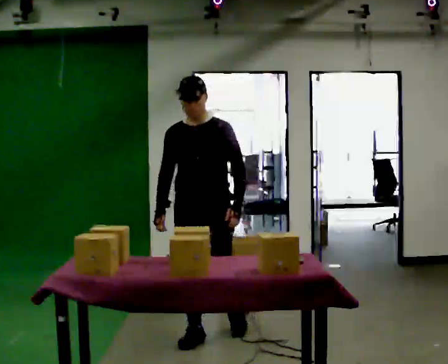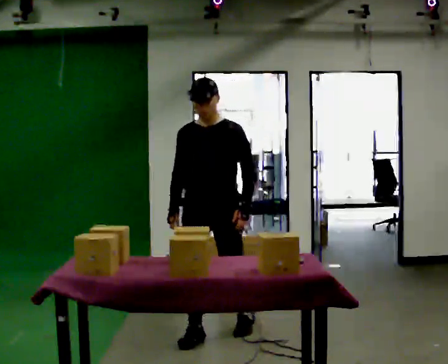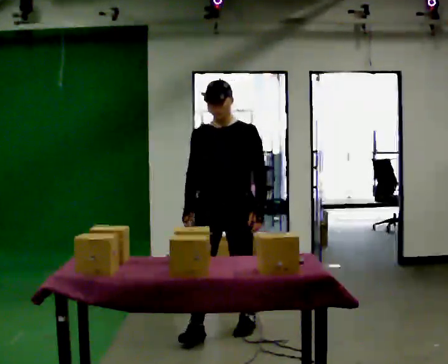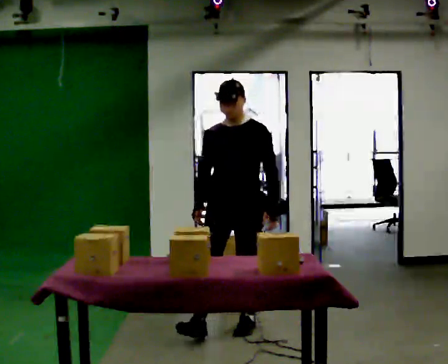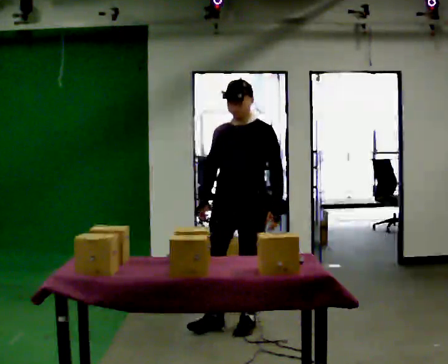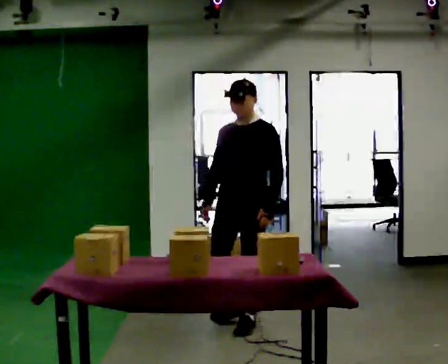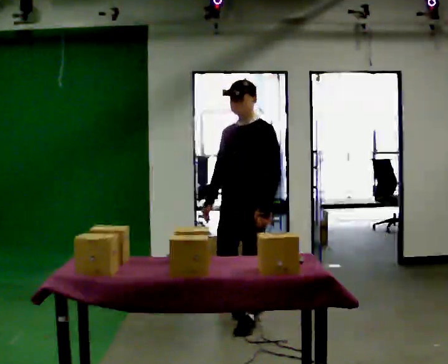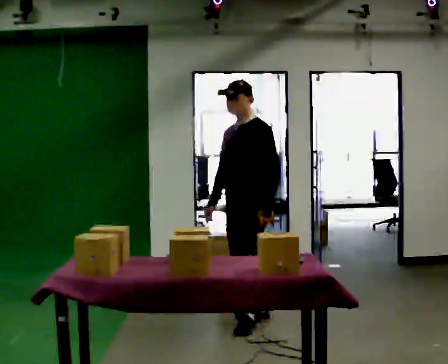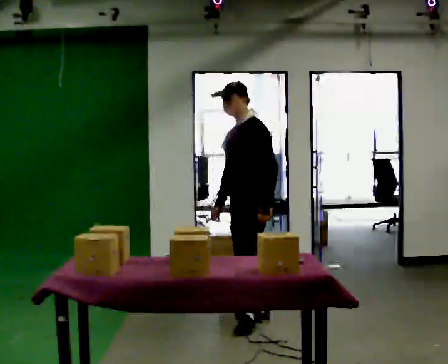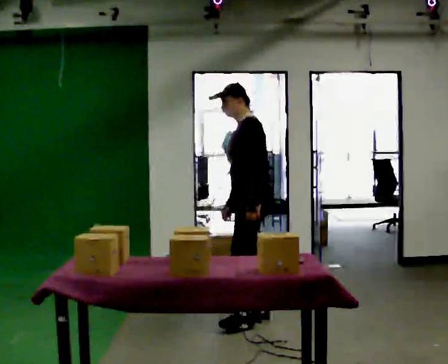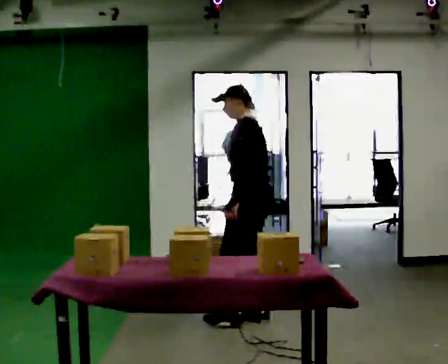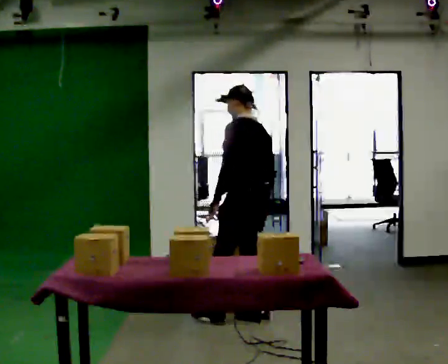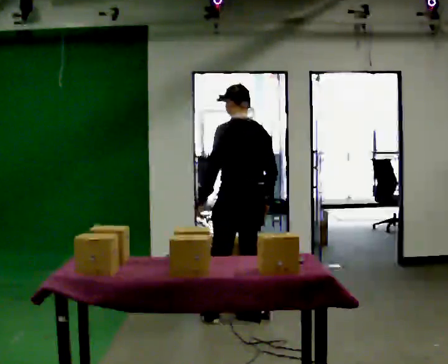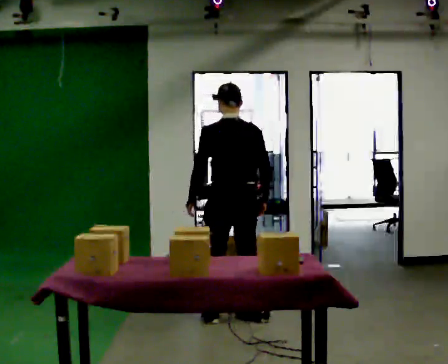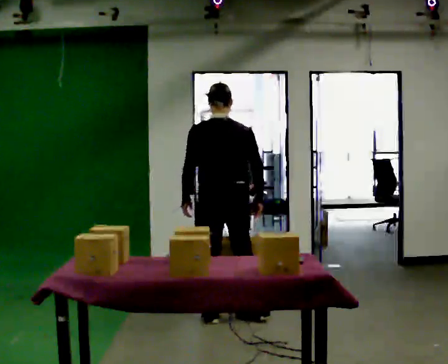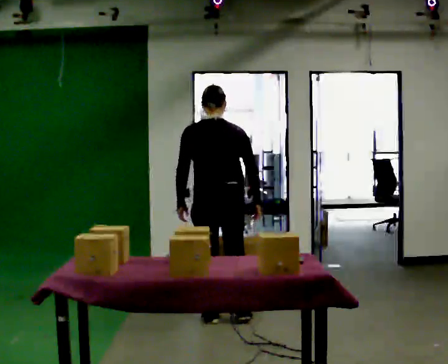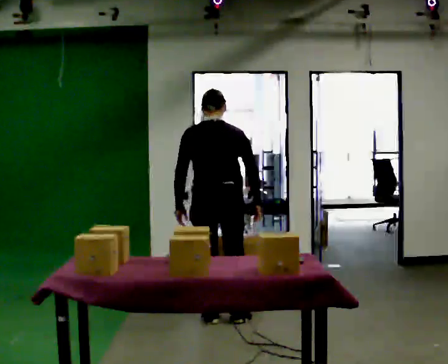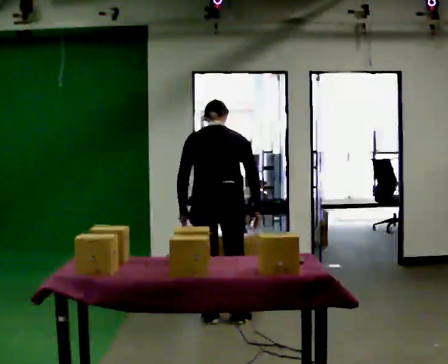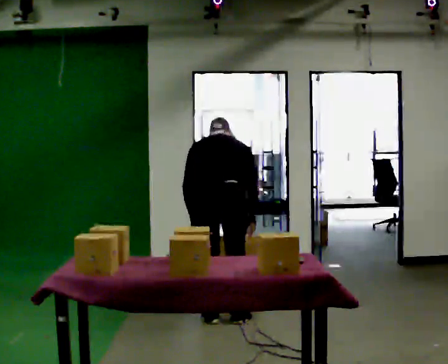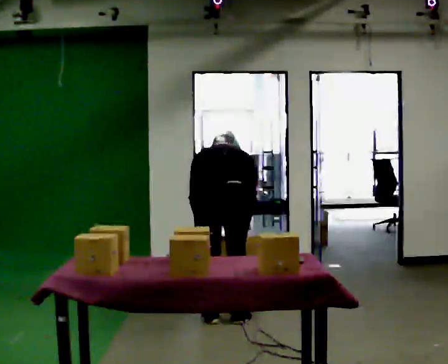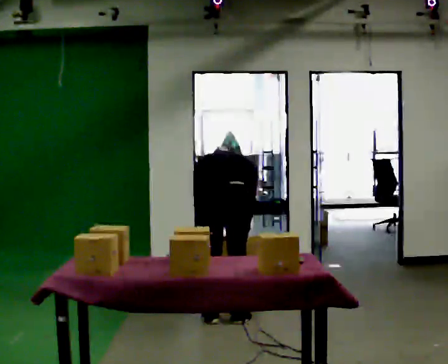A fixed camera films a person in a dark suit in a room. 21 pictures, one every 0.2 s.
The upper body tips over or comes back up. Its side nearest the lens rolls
upward.
The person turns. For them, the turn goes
to their right.
0.0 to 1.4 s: The part of the body nearest the lens slides to the left as the person turns to their right by about 45 degrees. In the picture they go away from the camera and to the right, about 0.5 m in 1 step, which for them is backward.
1.4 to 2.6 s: The part of the body nearest the lens slides to the left as the person turns to their right by about 105 degrees. In the picture their left hand goes to the left, the arm swinging clockwise.
2.6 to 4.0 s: The shoulders move downward. The upper body tips away from the camera, its near side rolling upward, as they bend forward.
The film runs backward here.
